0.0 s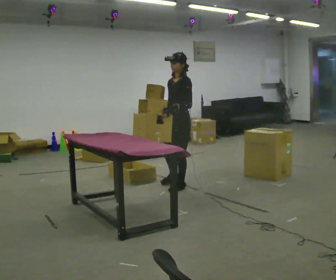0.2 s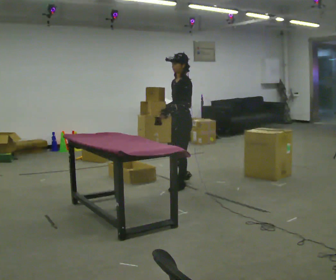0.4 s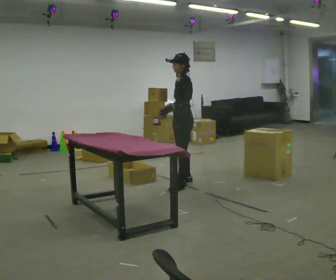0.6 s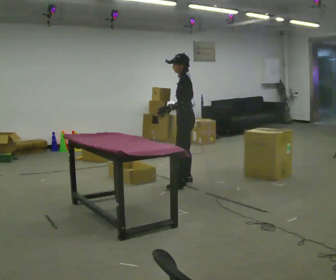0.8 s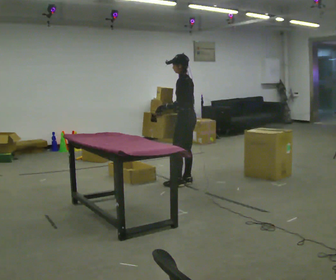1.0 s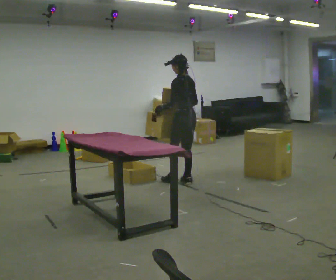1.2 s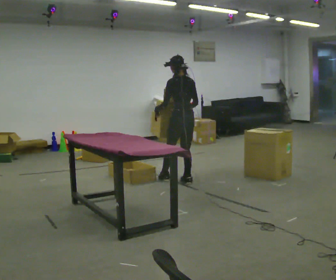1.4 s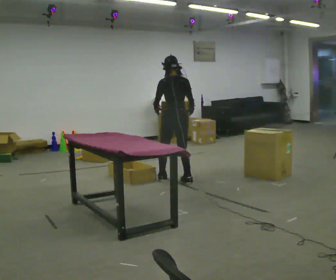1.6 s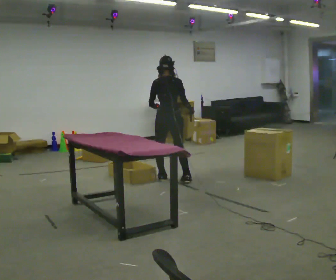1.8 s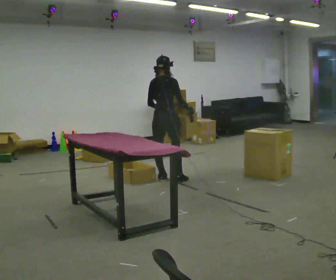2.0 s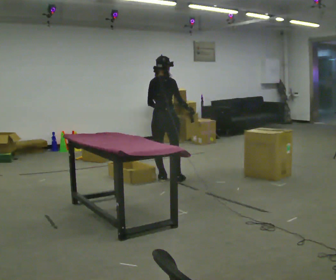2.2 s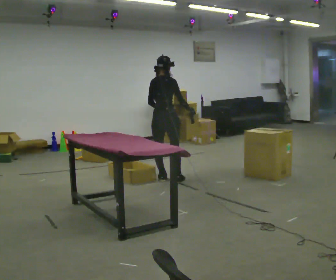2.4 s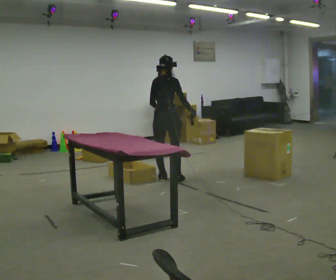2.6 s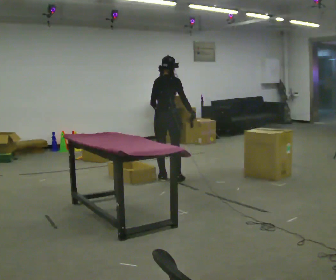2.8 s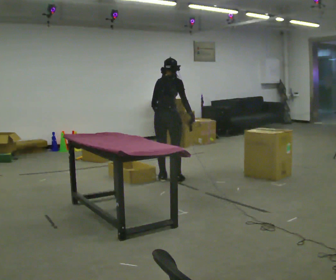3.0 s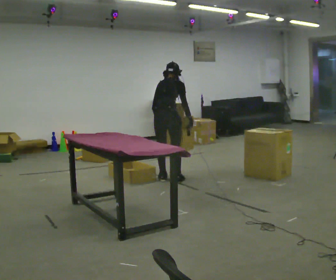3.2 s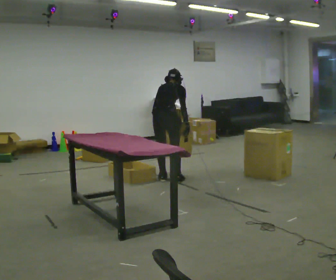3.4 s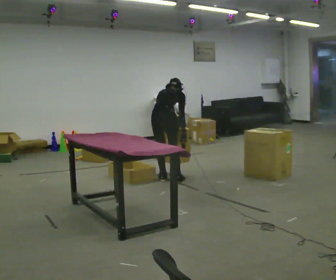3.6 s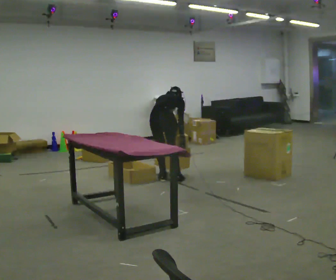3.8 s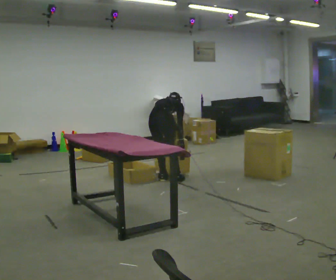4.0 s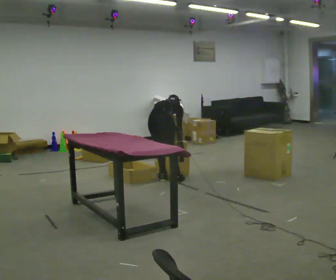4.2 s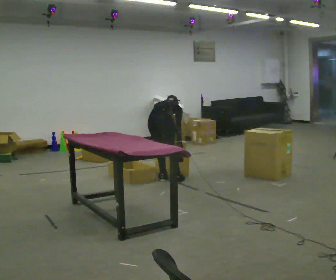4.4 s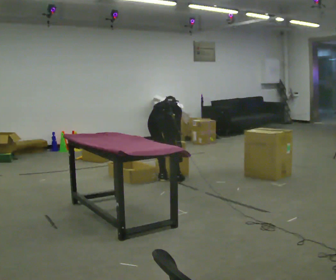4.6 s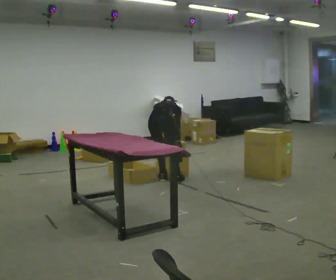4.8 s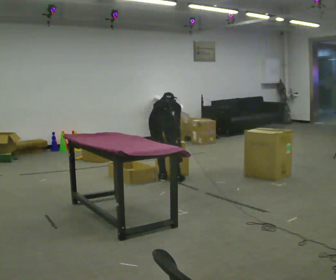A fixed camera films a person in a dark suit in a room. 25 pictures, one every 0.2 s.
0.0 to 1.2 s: Seen from above the body turns clockwise, about 90 degrees: to their right, with its near side sliding to the left. In the picture they go away from the camera, about 0.25 m in 1 step.
1.2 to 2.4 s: The part of the body nearest the lens slides to the left as the person turns to their right by about 60 degrees. In the picture they go to the left, about 0.25 m in 1 step.
2.4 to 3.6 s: The upper body goes downward. The upper body tips away from the camera, its near side rolling upward, as they bend forward. In the picture their right hand goes downward.
3.6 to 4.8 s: The person moves a little, or ends about where they began.
The film runs backward here.
